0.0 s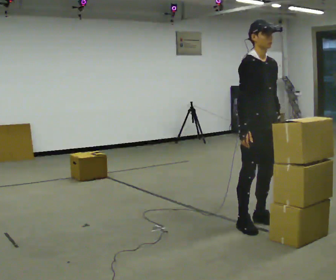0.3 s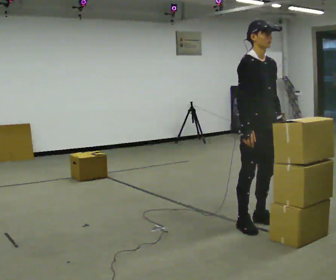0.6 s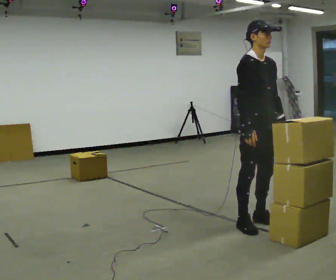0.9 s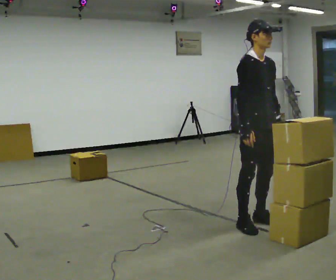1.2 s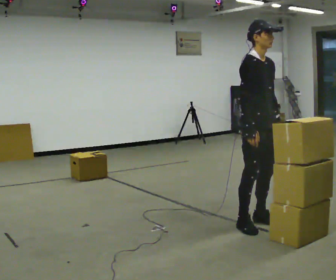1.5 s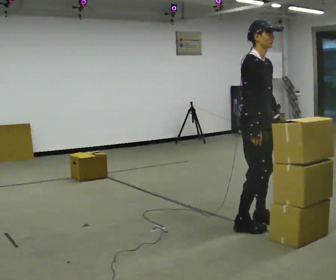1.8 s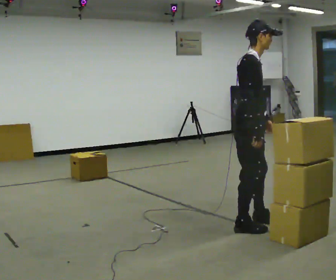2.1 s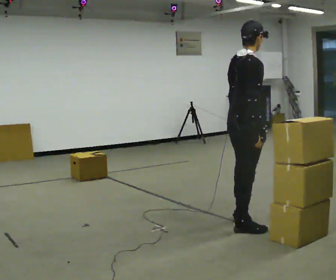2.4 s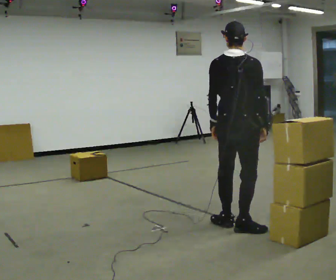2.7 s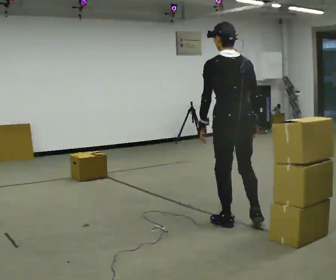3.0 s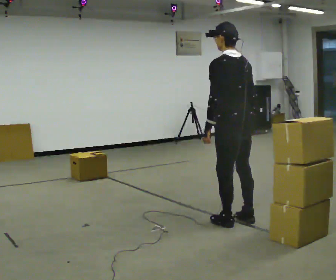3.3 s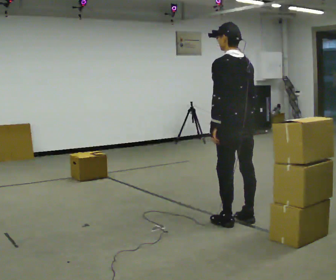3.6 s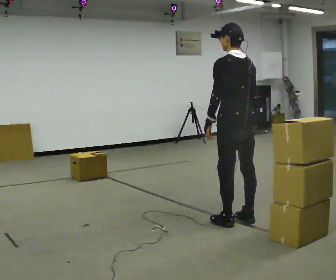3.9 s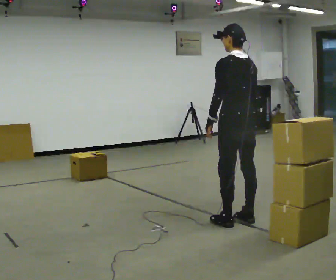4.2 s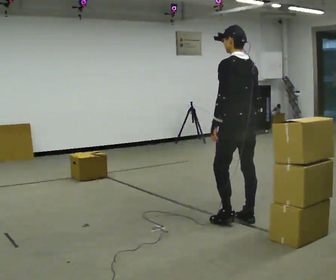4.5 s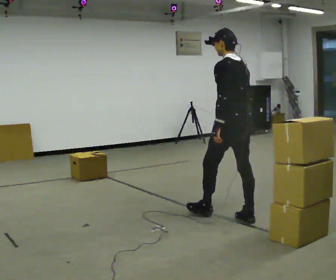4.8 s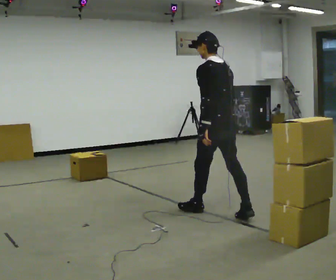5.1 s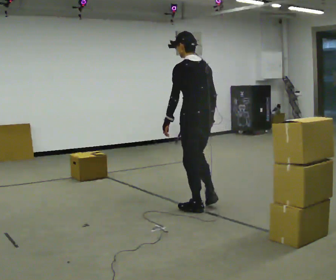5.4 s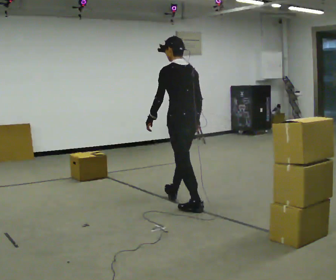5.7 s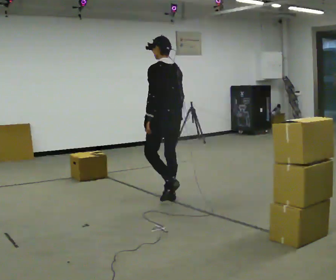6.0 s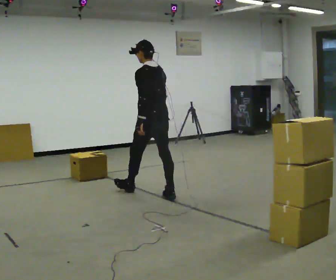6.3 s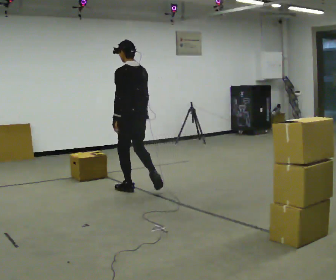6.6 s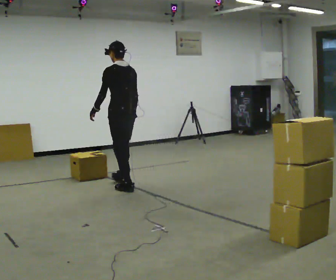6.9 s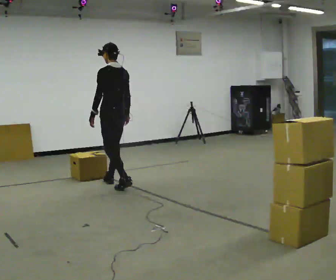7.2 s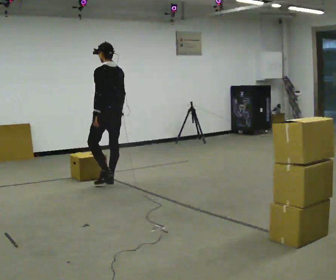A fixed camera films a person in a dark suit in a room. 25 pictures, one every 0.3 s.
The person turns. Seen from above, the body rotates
counterclockwise.
The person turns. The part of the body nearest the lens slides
to the right.
0.0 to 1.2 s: The person moves a little, or ends about where they began.
1.2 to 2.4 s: The person turns about 120 degrees to their left, counterclockwise seen from above, so the part of the body nearest the lens slides to the right. In the picture they go to the left, about 0.25 m in 1 step. In the picture their left hand goes to the left.
2.4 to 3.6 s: The person turns about 45 degrees to their left, counterclockwise seen from above, so the part of the body nearest the lens slides to the right. In the picture they go away from the camera, about 0.25 m in 1 step, which for them is to their right.
3.6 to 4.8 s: In the picture they go away from the camera and to the left, about 0.25 m in 1 step, which for them is forward.
4.8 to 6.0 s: In the picture they go away from the camera and to the left, about 1 m in 1 step, which for them is forward.
6.0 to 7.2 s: In the picture they go to the left and away from the camera, about 0.5 m in 2 steps, which for them is forward.
The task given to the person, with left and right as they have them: Carry the stack of boxes across the room without letting it fall over, then bring it back. Keep going until the operator says stop; one object at a time, and do not rush between trips.
The film runs forward here.
